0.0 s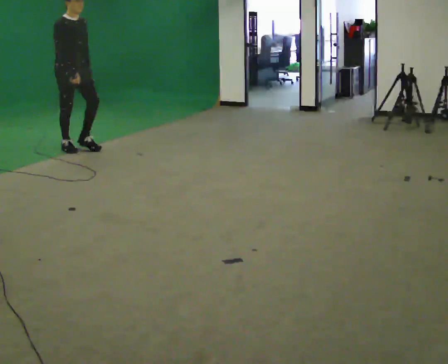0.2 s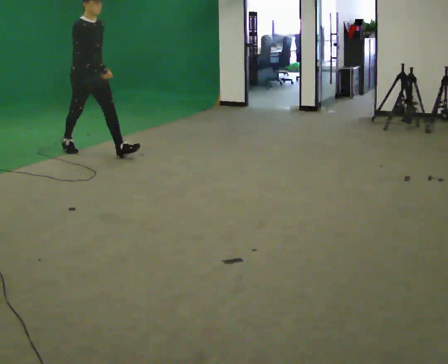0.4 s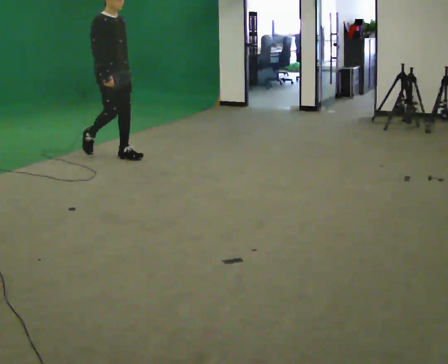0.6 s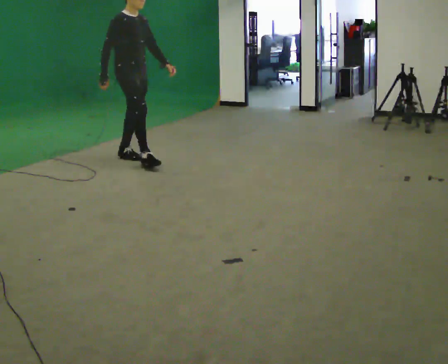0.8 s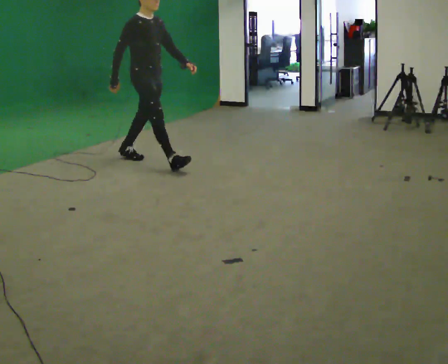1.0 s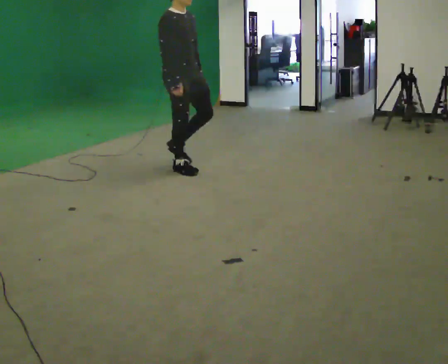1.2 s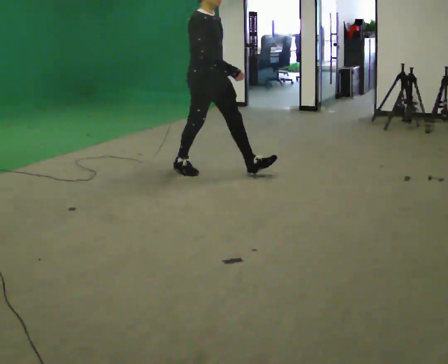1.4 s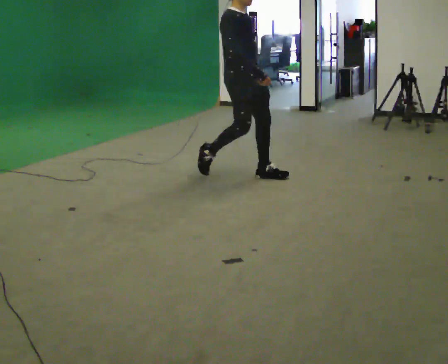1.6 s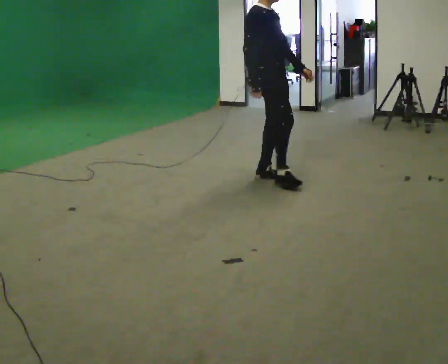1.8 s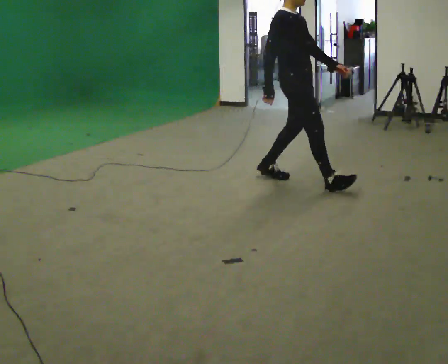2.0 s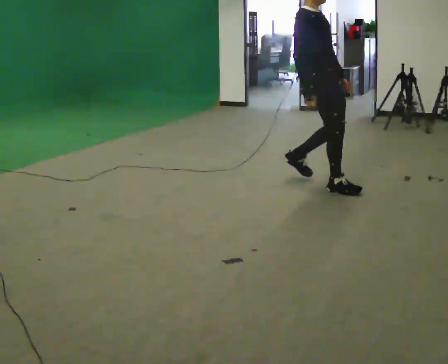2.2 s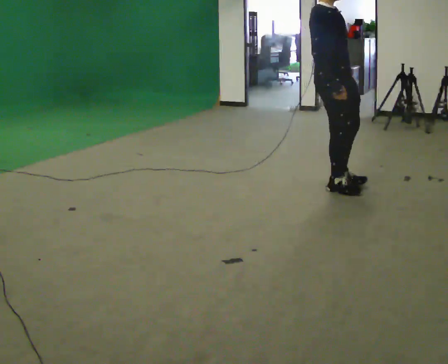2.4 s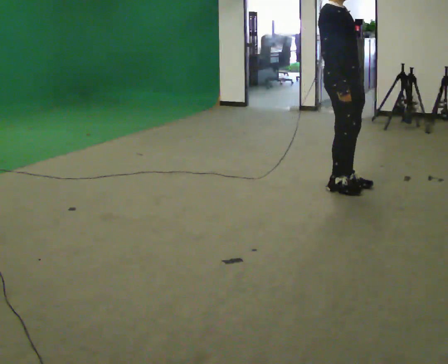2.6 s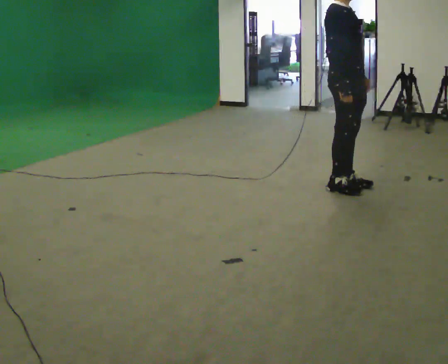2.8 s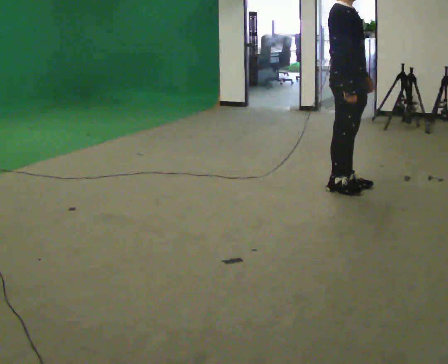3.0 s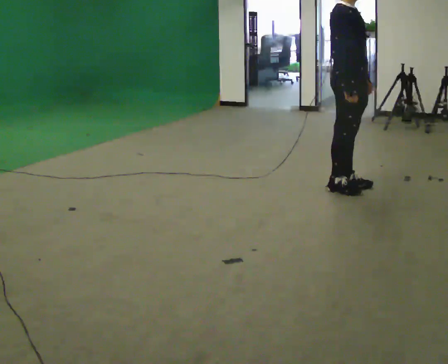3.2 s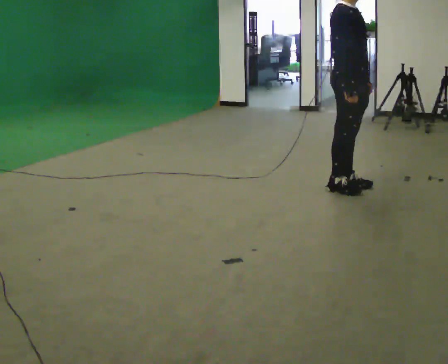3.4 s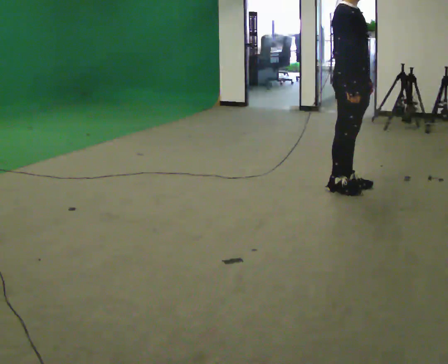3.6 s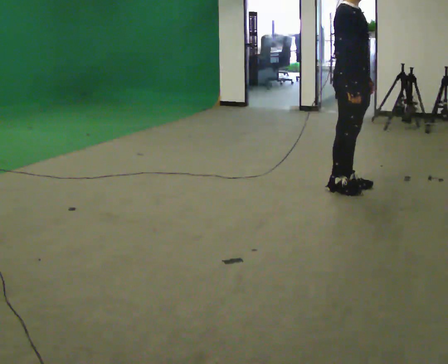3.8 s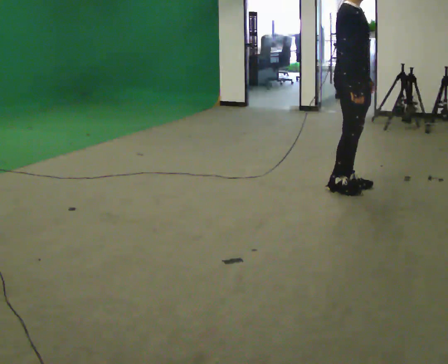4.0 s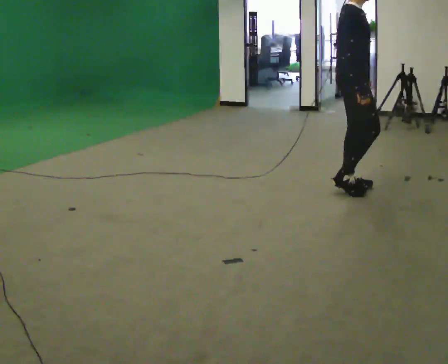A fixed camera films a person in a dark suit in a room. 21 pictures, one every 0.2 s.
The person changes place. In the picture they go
to the right.
0.0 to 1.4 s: In the picture they go to the right, about 2 m in 3 steps, which for them is forward.
1.4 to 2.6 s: In the picture they go to the right, about 1 m in 2 steps, which for them is forward.
2.6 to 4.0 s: The person moves a little, or ends about where they began.
The film runs forward here.
